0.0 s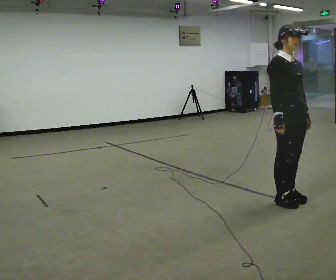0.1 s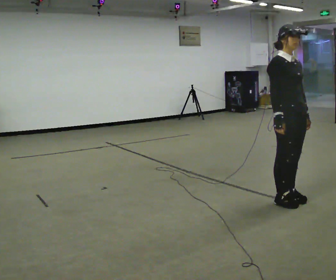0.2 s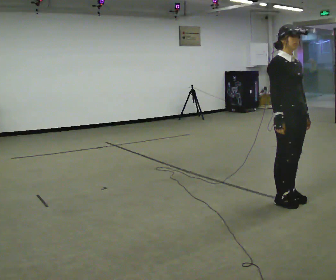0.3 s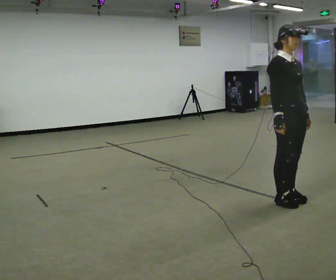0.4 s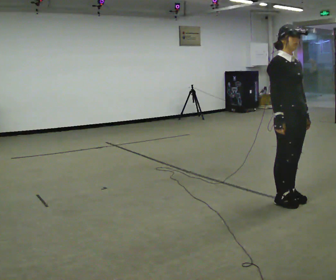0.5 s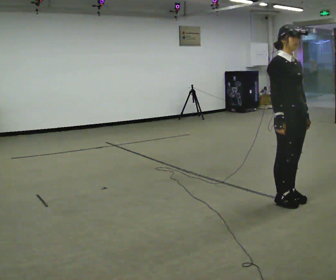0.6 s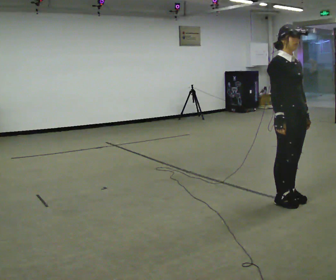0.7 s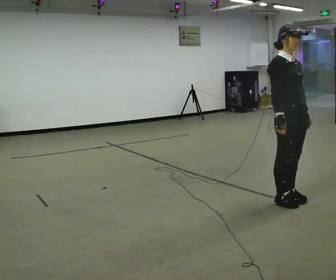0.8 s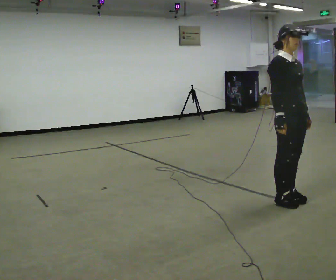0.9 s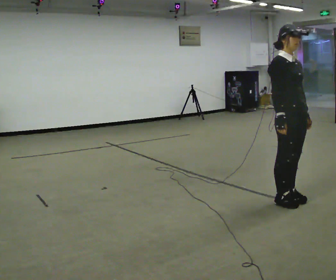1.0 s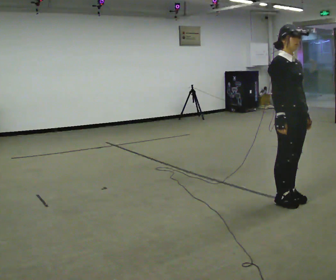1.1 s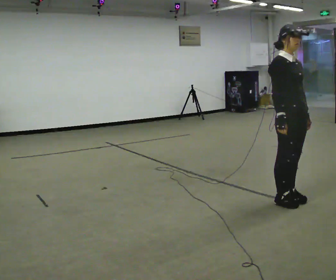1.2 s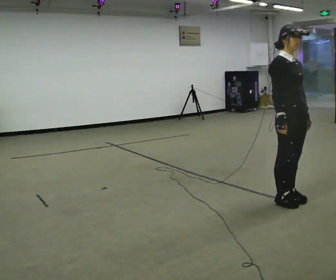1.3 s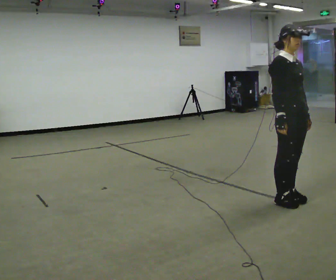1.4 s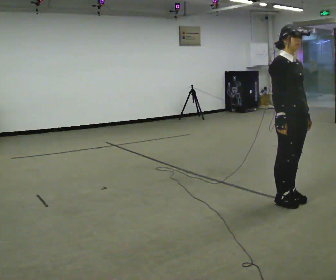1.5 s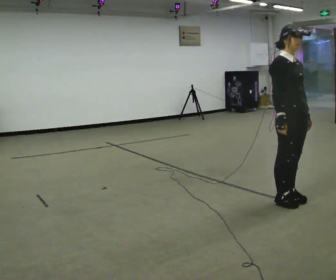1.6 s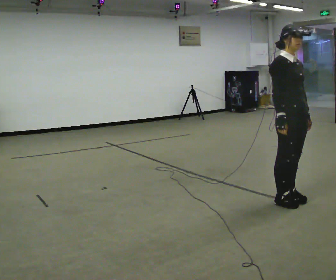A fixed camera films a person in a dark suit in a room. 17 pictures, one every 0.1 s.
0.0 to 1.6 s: The person keeps their place and pose.
The film runs forward here.
